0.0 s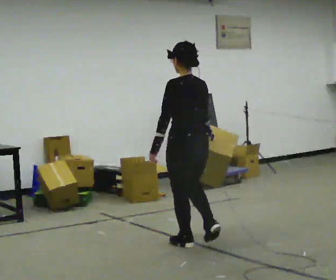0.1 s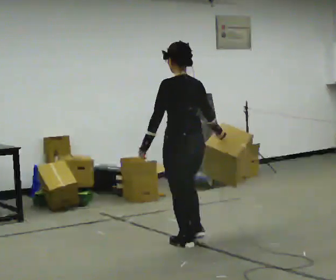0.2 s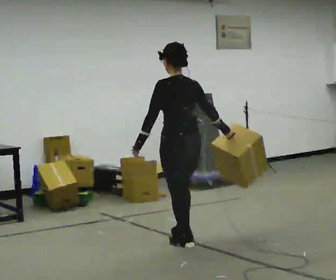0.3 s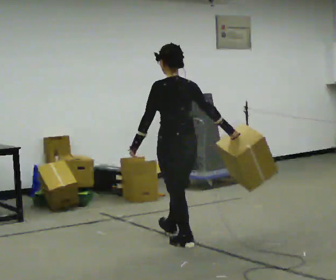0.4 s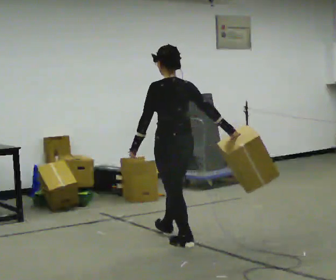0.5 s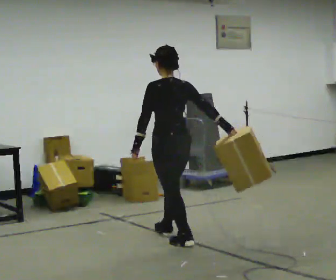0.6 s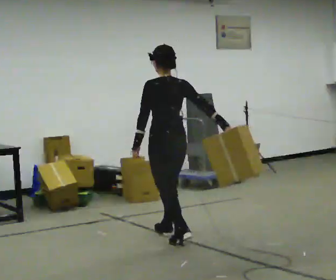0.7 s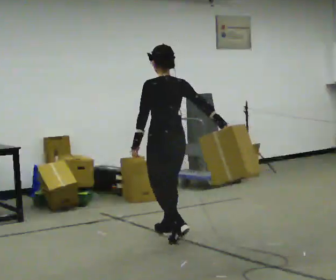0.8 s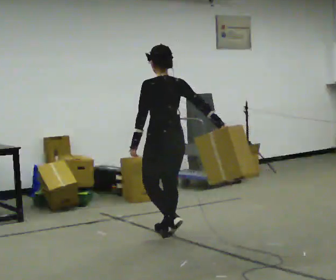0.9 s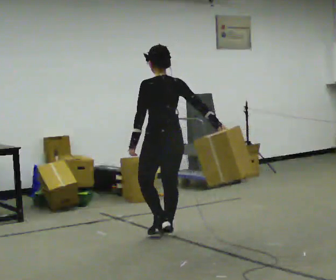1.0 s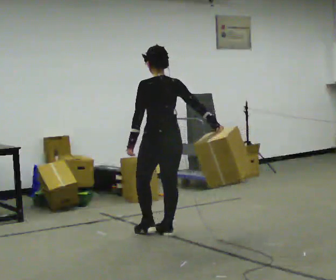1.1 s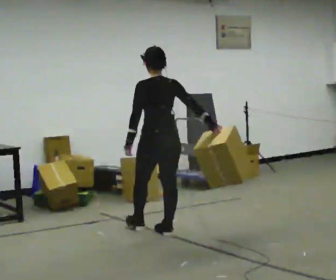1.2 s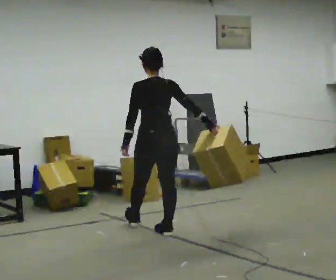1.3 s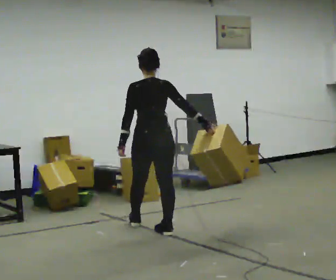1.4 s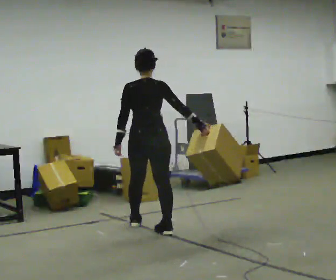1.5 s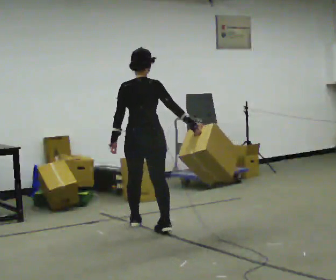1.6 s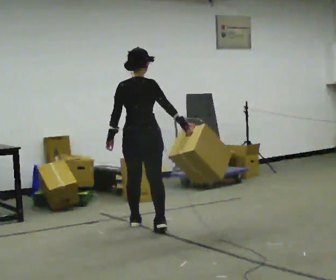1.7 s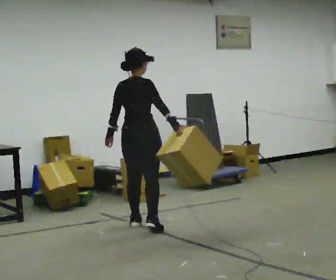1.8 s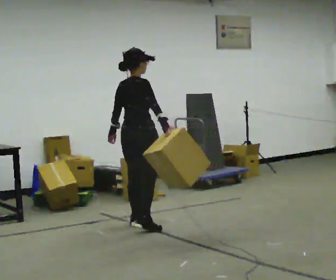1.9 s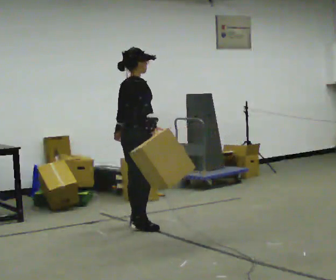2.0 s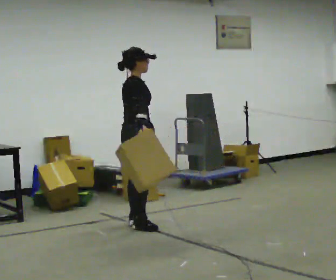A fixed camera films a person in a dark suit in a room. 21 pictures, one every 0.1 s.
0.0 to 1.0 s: In the picture they go away from the camera and to the left, about 0.5 m in 1 step, which for them is forward.
1.0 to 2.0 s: The person turns about 90 degrees to their right, clockwise seen from above, so the part of the body nearest the lens slides to the left. In the picture they go away from the camera and to the left, about 0.5 m in 2 steps.
The film runs forward here.
